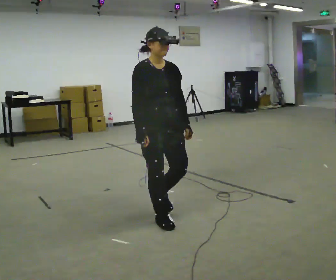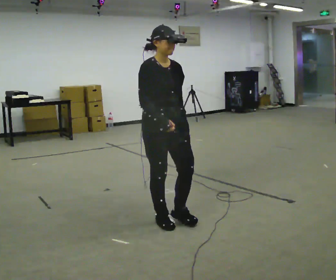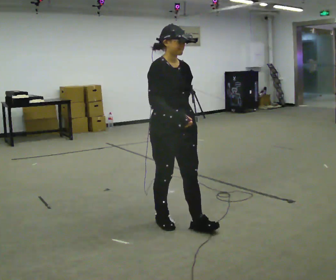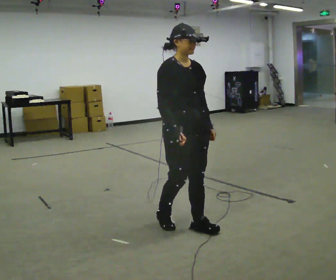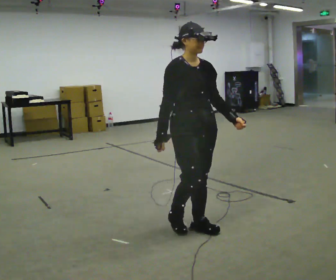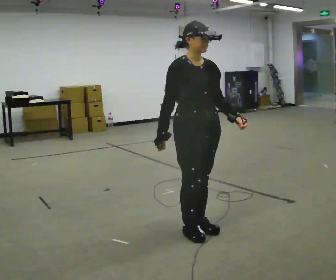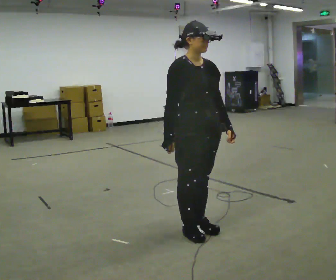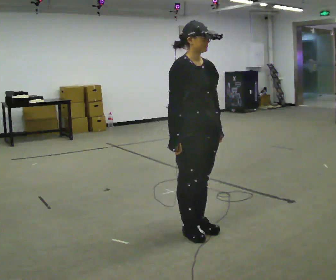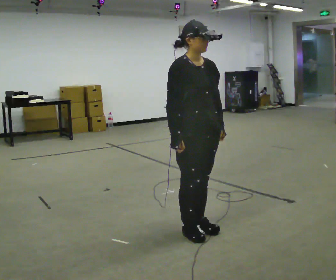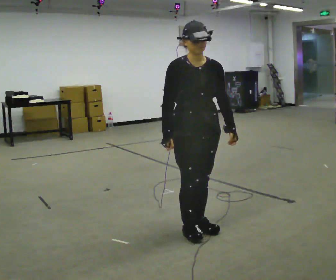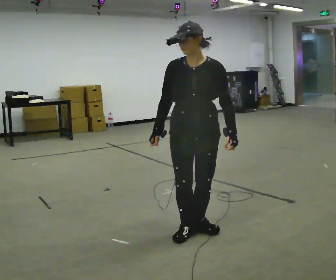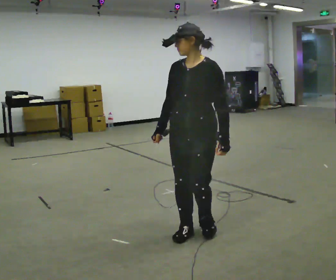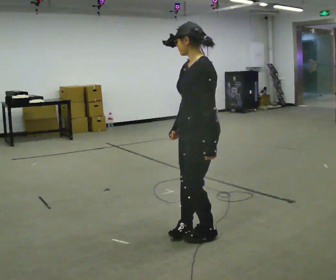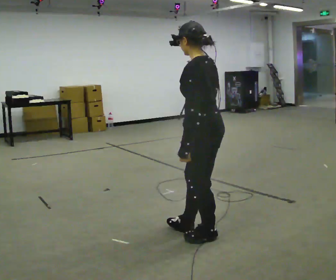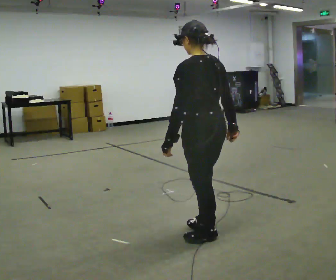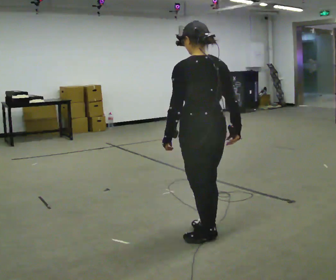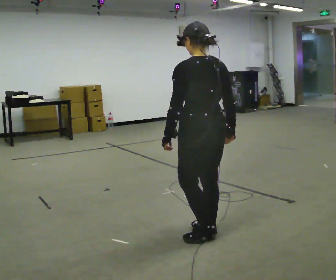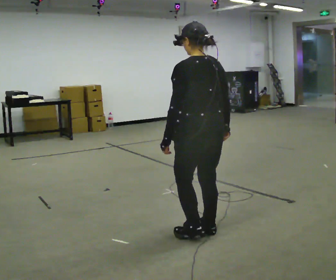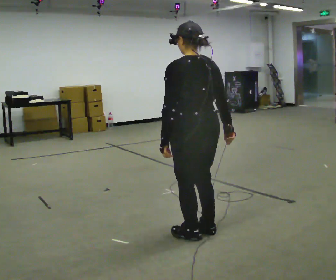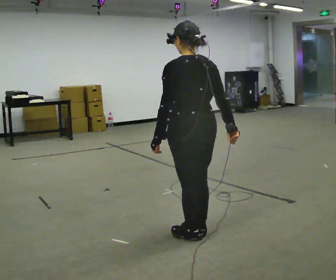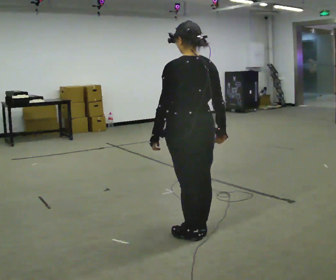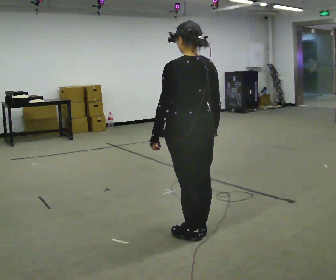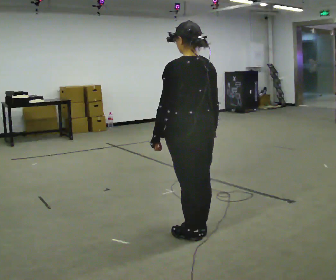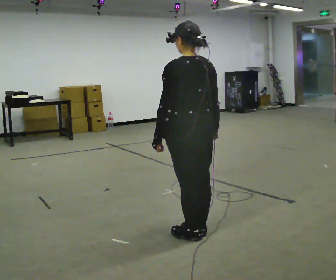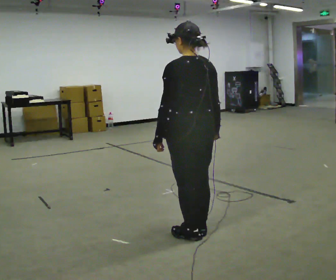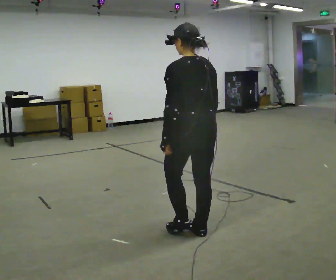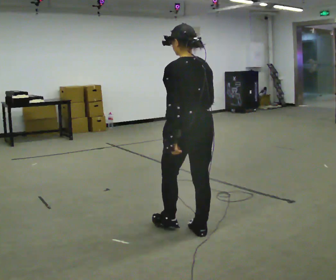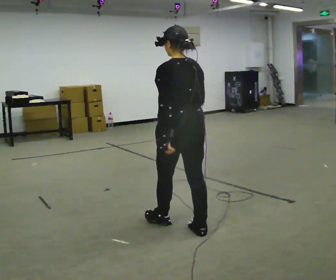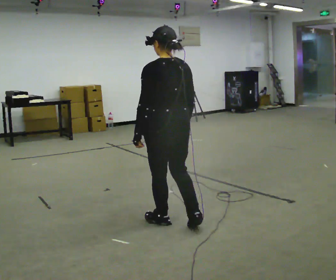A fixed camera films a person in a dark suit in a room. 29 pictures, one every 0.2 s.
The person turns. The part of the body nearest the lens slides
to the left.
The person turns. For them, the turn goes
to their right.
0.0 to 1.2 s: In the picture they go to the right and toward the camera, about 0.5 m in 2 steps, which for them is forward.
1.2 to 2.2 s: The part of the body nearest the lens slides to the left as the person turns to their right by about 75 degrees.
2.2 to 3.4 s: The part of the body nearest the lens slides to the left as the person turns to their right by about 120 degrees. In the picture their right hand goes to the right, the arm swinging counterclockwise.
3.4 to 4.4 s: The person moves a little, or ends about where they began.
4.4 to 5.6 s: In the picture they go away from the camera and to the left, about 0.25 m in 1 step, which for them is forward.
The film runs forward here.
